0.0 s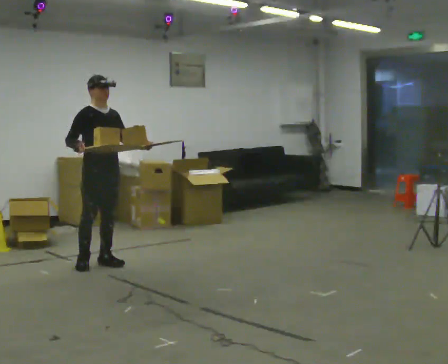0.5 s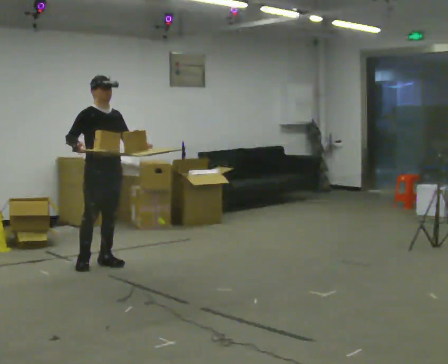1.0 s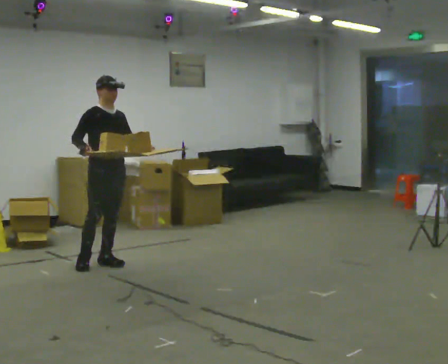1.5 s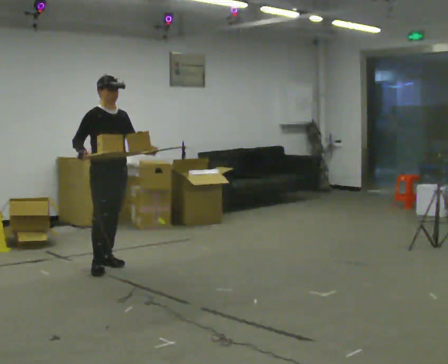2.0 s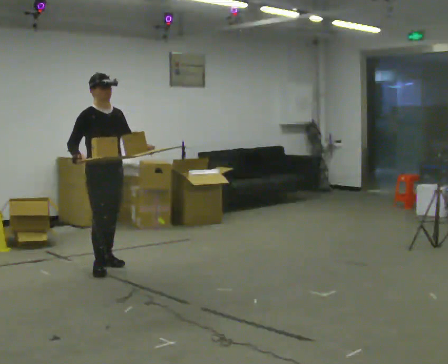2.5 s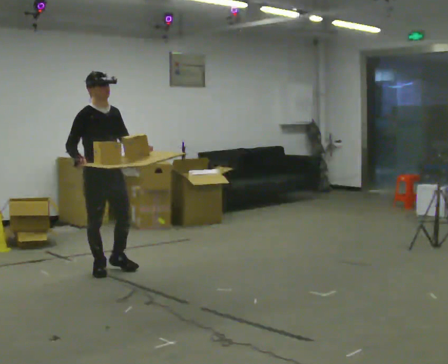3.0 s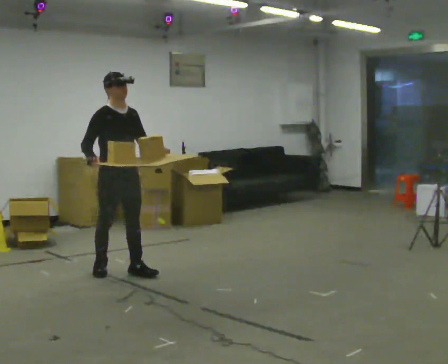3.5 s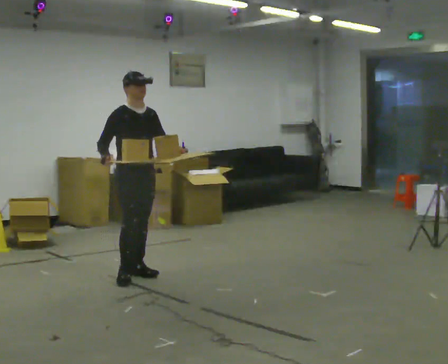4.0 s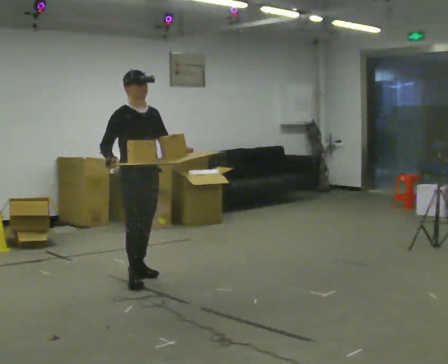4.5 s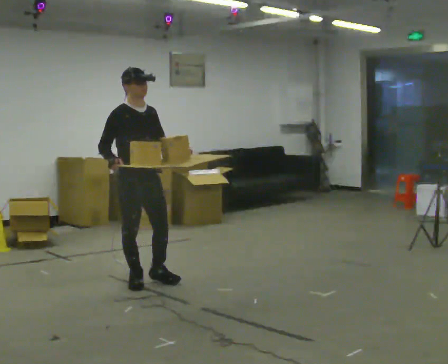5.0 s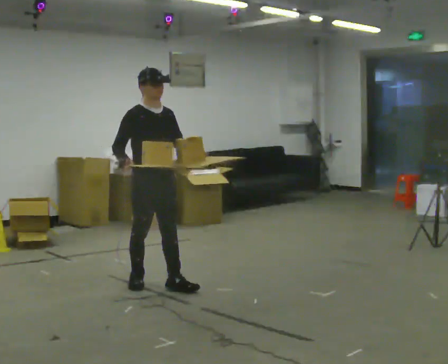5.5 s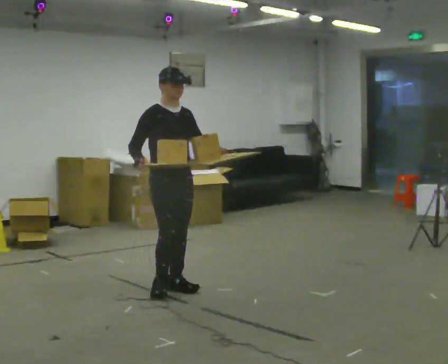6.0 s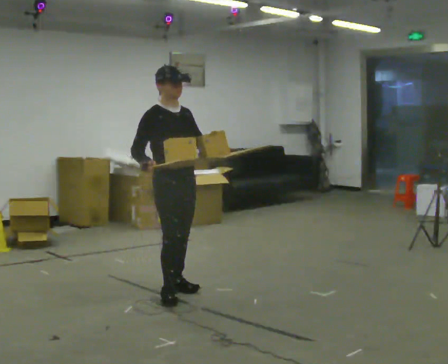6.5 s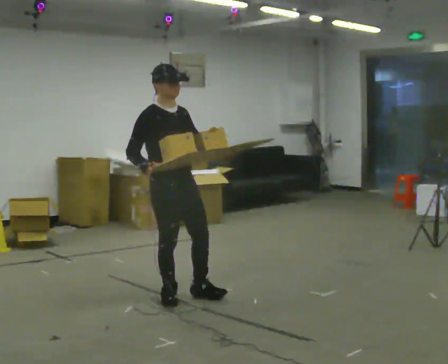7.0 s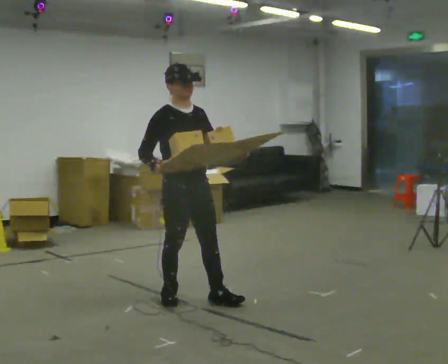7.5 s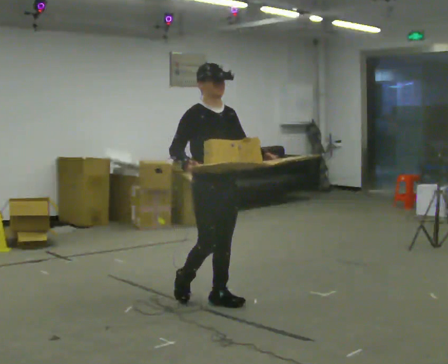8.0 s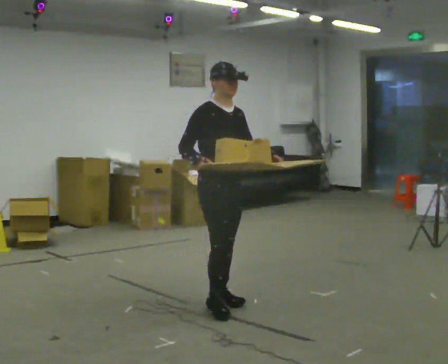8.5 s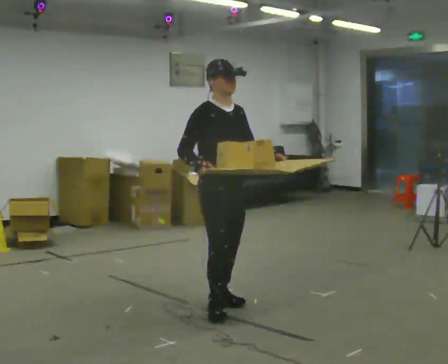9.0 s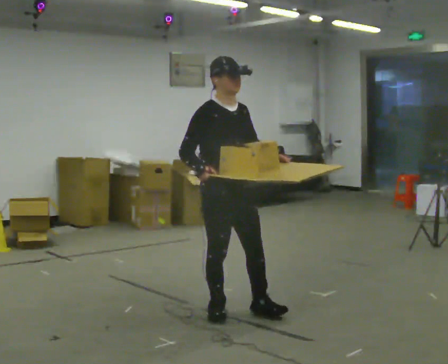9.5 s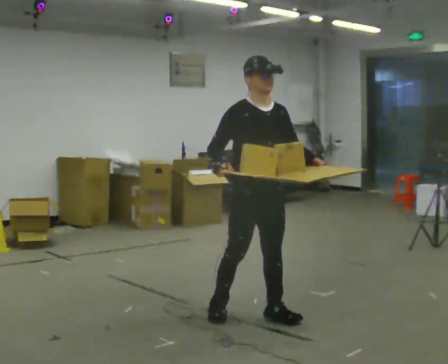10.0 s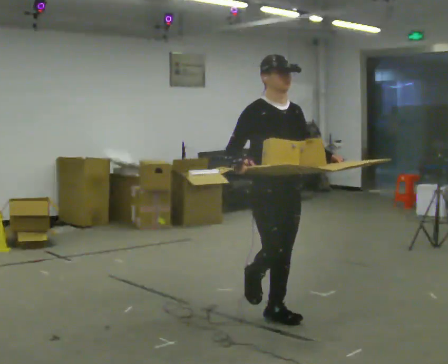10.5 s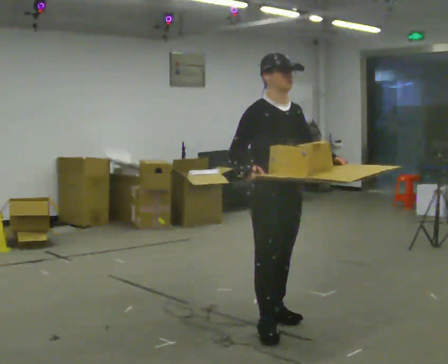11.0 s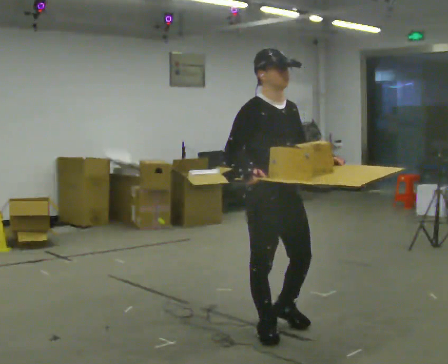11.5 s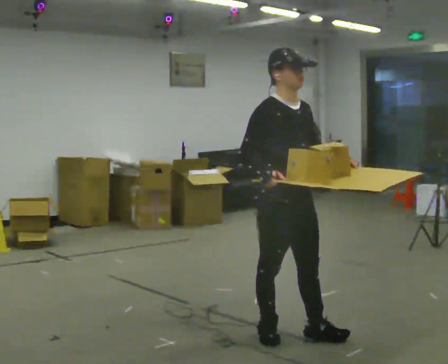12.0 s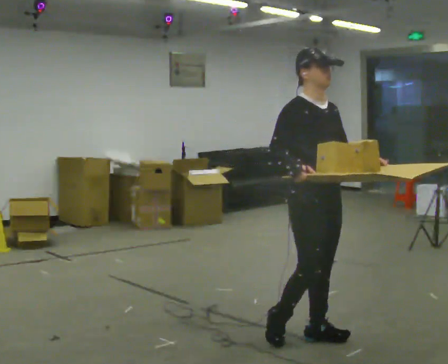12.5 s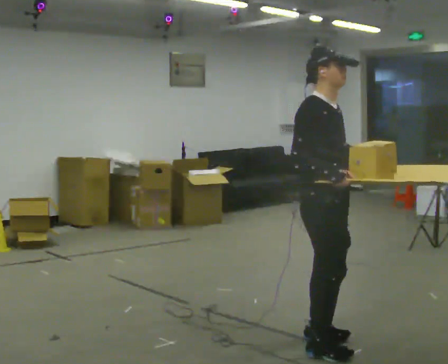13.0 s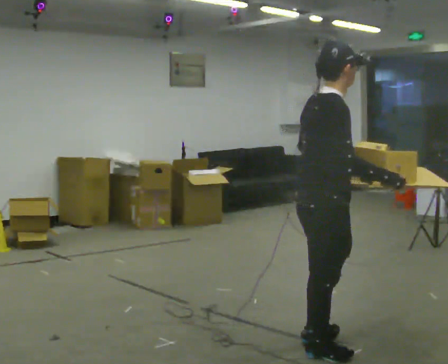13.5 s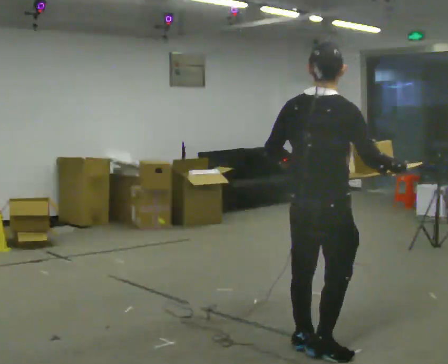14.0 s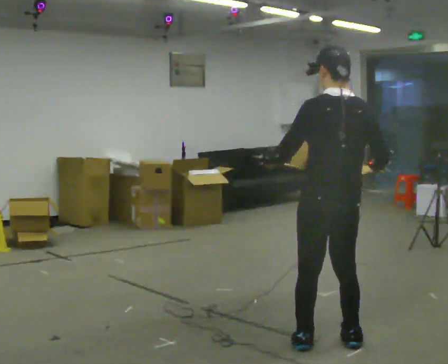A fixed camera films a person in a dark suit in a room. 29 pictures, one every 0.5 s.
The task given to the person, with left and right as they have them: Carry the loaded tray flat and level in both hands, walking back and forth across the room. Try not to let anything slide off.
0.0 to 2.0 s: In the picture they go toward the camera, about 0.25 m in 1 step, which for them is forward.
2.0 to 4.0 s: In the picture they go toward the camera and to the right, about 0.5 m in 2 steps, which for them is forward.
4.0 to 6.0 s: In the picture they go toward the camera and to the right, about 0.5 m in 2 steps, which for them is forward.
6.0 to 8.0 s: In the picture they go to the right and toward the camera, about 0.5 m in 1 step, which for them is forward.
8.0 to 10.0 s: In the picture they go toward the camera and to the right, about 0.5 m in 2 steps, which for them is forward.
10.0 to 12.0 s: In the picture they go toward the camera and to the right, about 0.5 m in 2 steps, which for them is forward.
12.0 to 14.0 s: The part of the body nearest the lens slides to the right as the person turns to their left by about 150 degrees. In the picture their right hand goes to the right.
The film runs forward here.
